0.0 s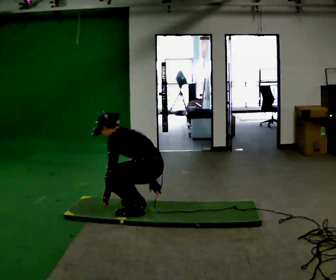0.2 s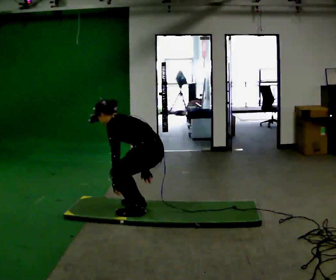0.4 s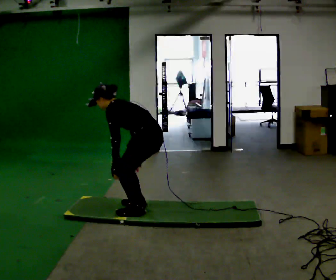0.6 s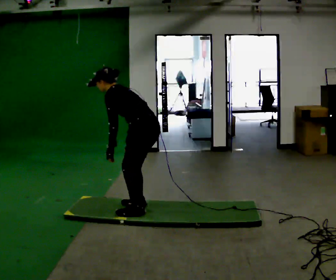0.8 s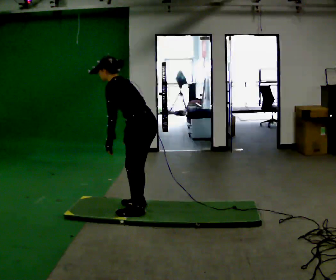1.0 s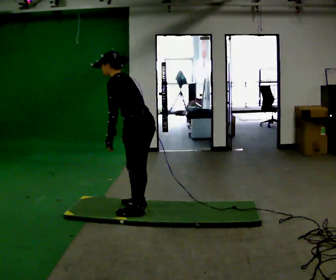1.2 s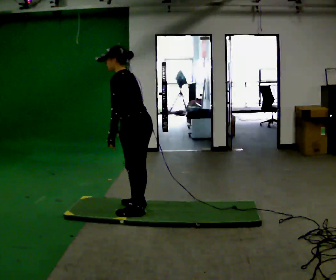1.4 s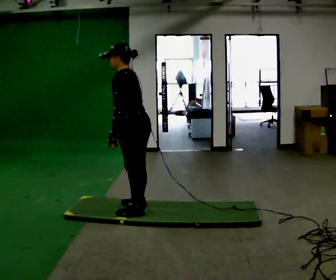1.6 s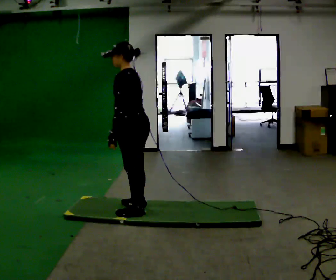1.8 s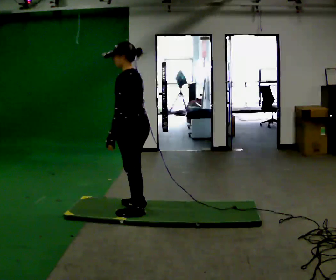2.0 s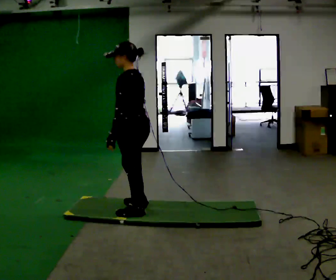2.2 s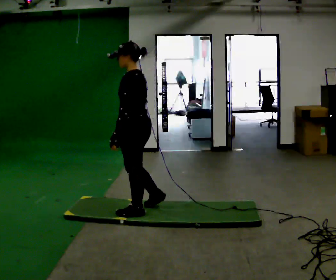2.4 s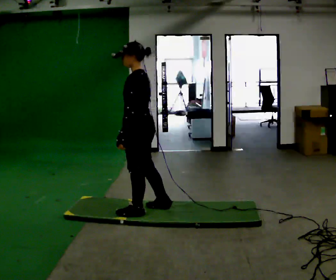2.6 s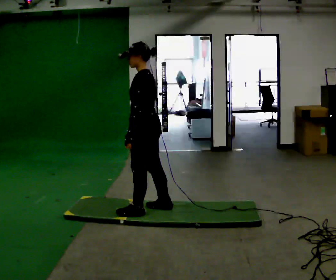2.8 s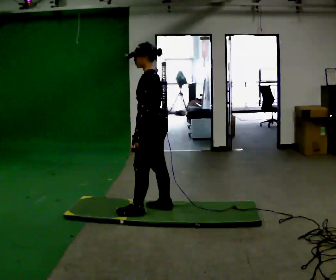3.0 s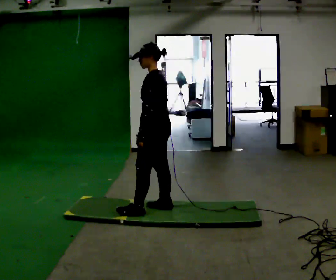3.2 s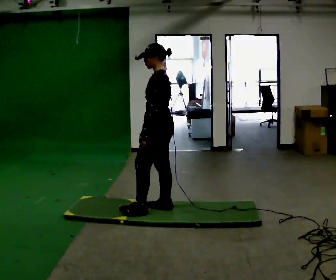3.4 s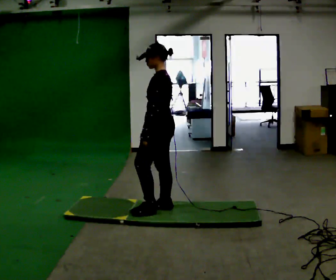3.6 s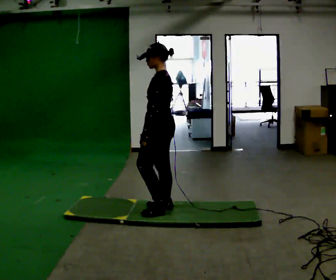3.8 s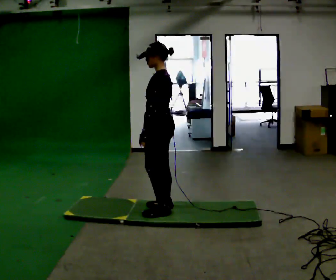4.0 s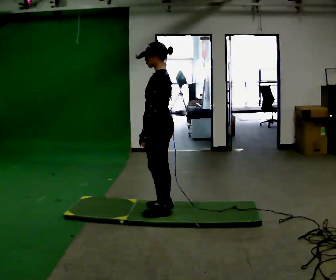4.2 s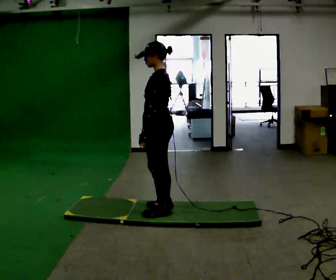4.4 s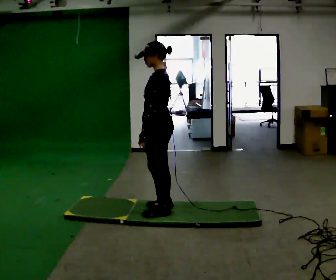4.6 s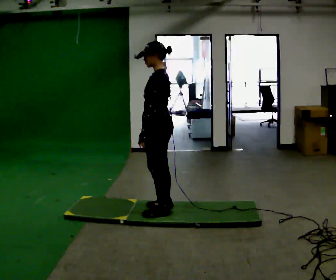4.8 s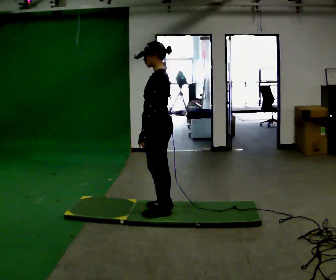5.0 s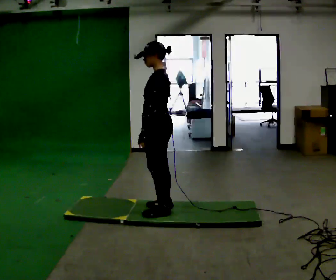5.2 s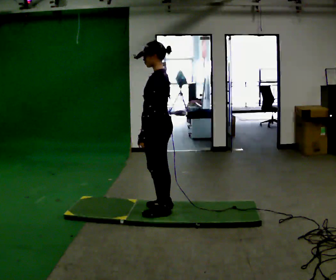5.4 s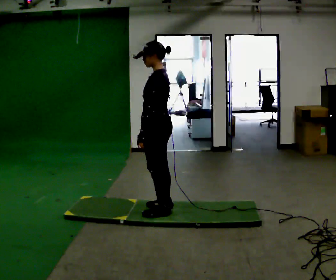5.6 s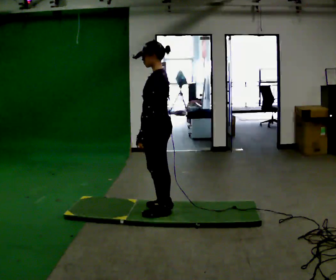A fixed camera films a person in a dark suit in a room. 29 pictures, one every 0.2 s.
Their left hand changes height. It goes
upward.
The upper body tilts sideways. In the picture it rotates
clockwise.
0.0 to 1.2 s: The shoulders move upward. In the picture the upper body tilts clockwise, shoulders to the right, as they lean back or straighten. In the picture their right hand goes upward.
1.2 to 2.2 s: In the picture the upper body tilts clockwise, shoulders to the right, as they lean back or straighten.
2.2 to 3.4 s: In the picture they go to the right, about 0.25 m in 1 step, which for them is to their right and backward.
3.4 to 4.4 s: The person moves a little, or ends about where they began.
4.4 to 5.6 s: The person keeps their place and pose.
The film runs backward here.
